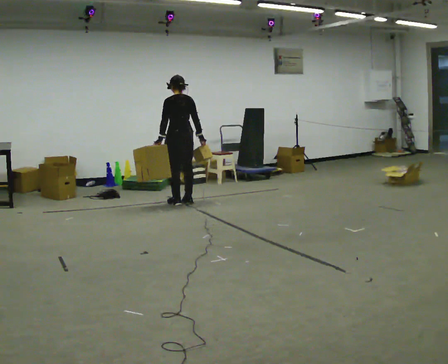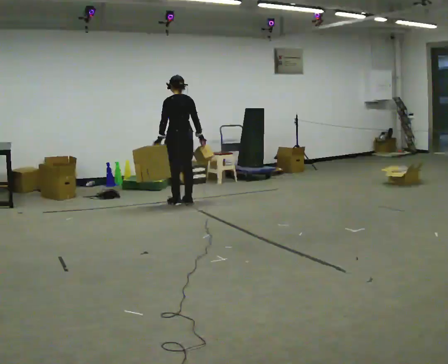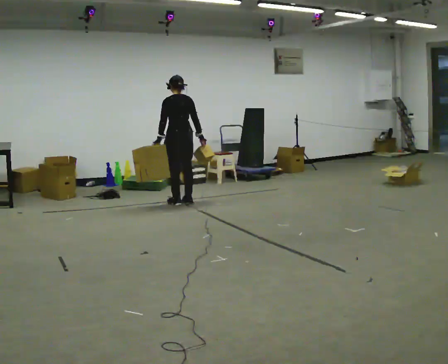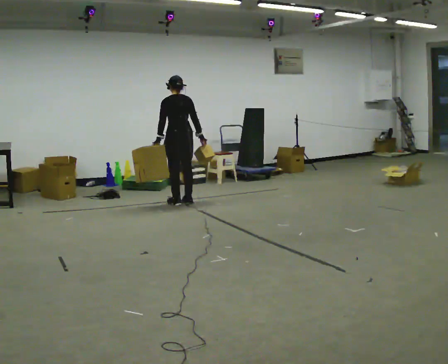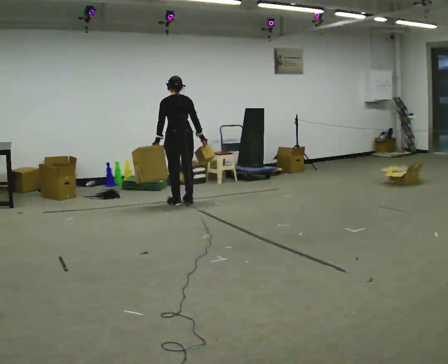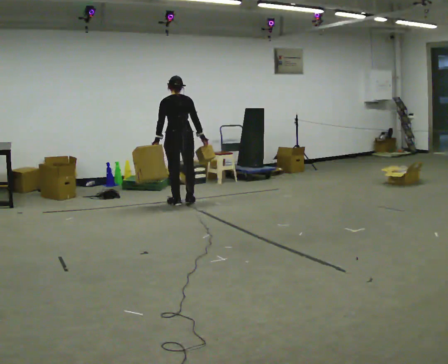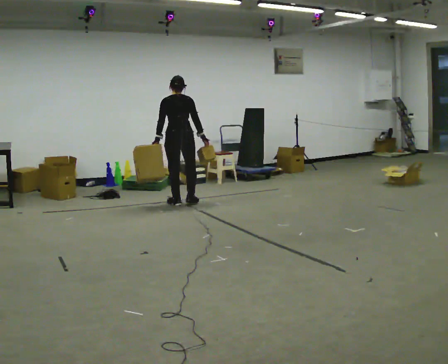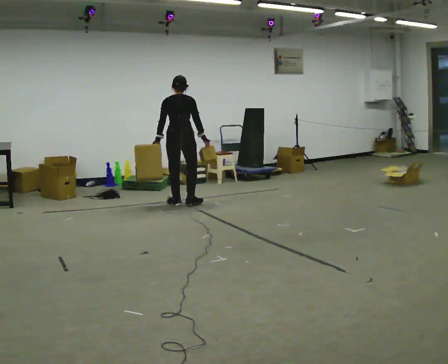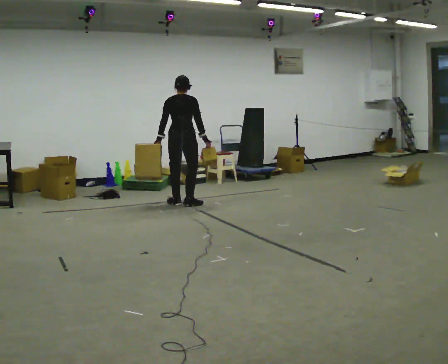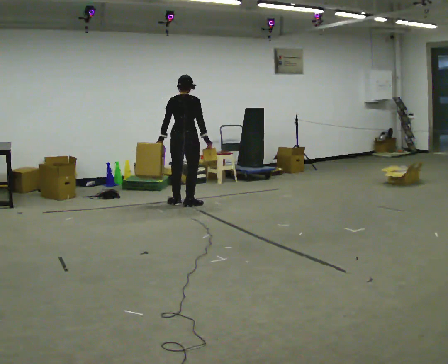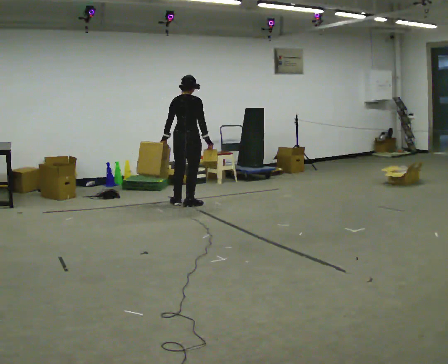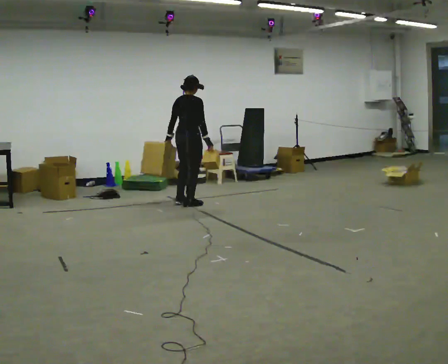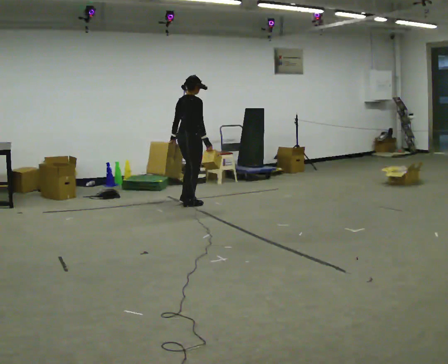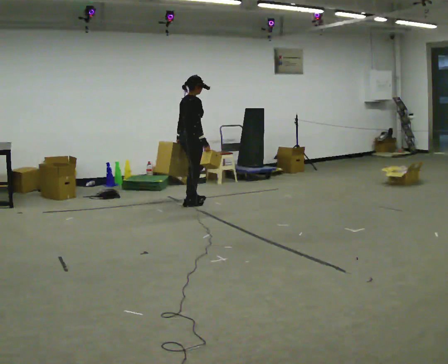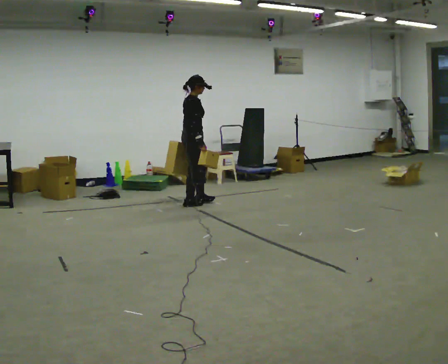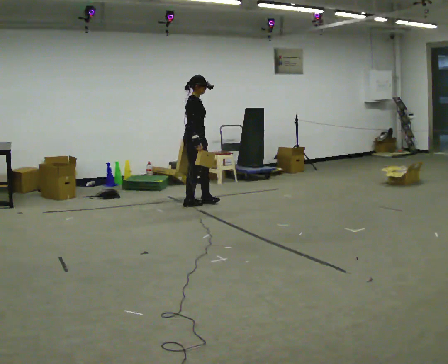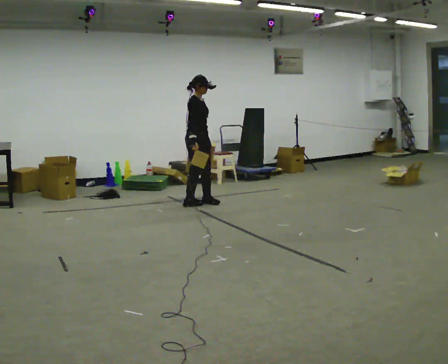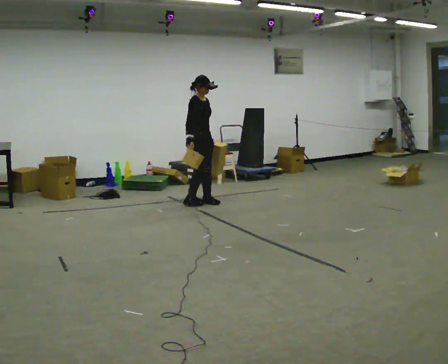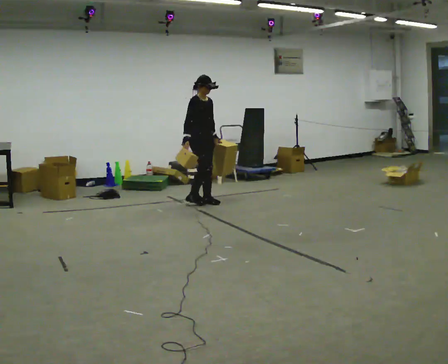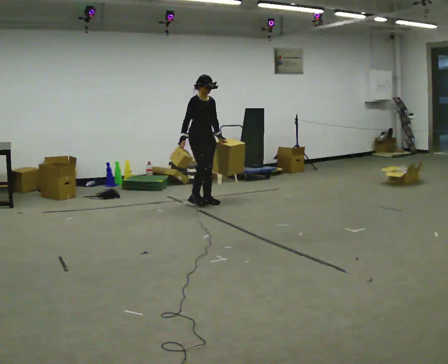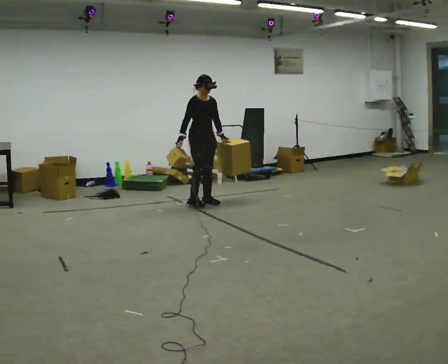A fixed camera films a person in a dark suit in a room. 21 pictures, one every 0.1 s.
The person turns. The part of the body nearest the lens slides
to the left.
The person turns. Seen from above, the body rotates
clockwise.
0.0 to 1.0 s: Seen from above the body turns clockwise, about 60 degrees: to their right, with its near side sliding to the left.
1.0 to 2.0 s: Seen from above the body turns clockwise, about 105 degrees: to their right, with its near side sliding to the left. In the picture they go to the right, about 0.25 m in 1 step. In the picture their right hand goes to the left, the arm swinging clockwise.
The film runs forward here.
